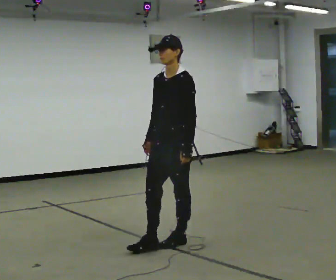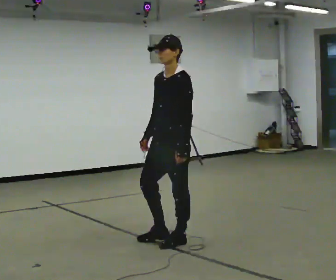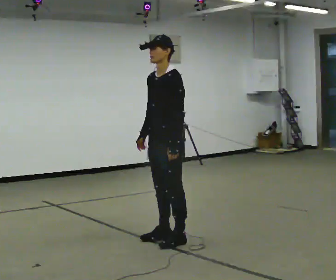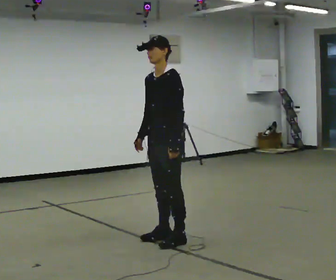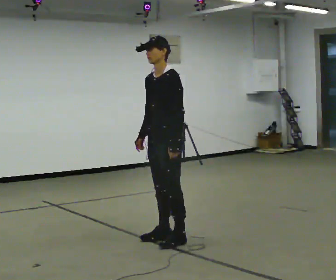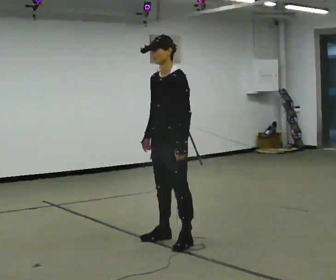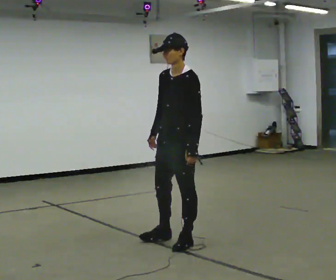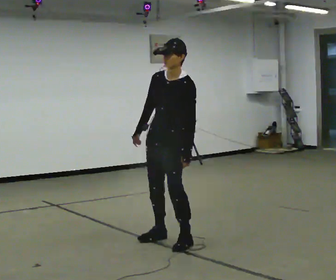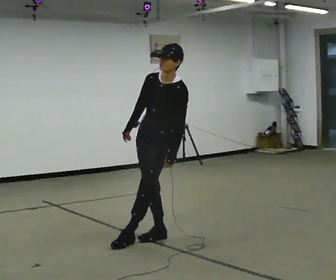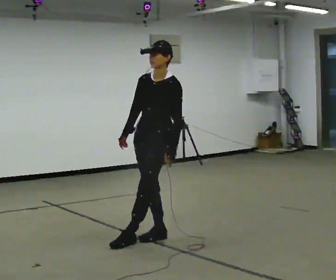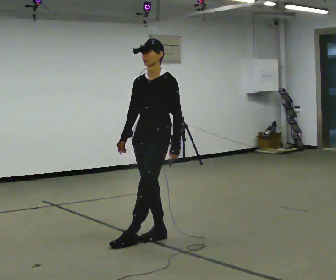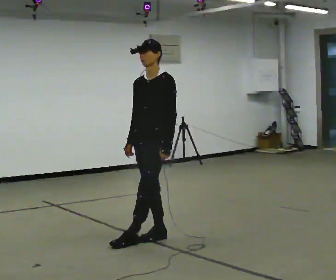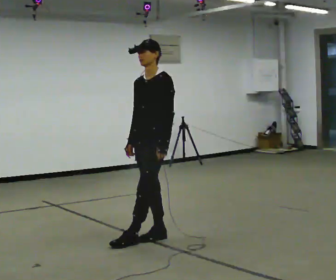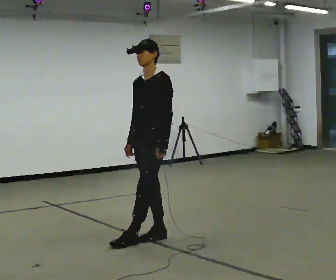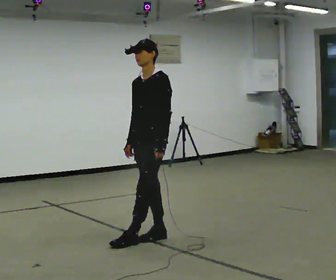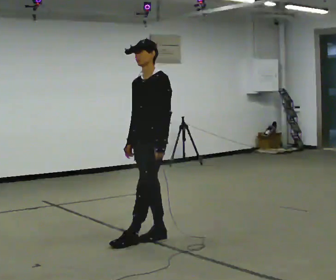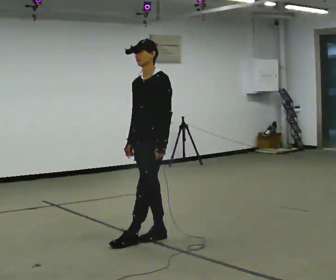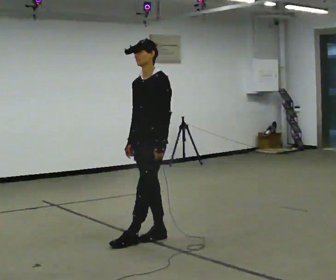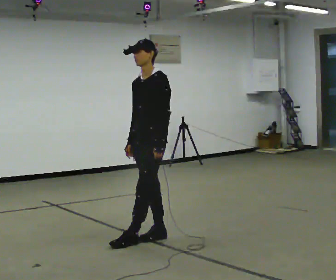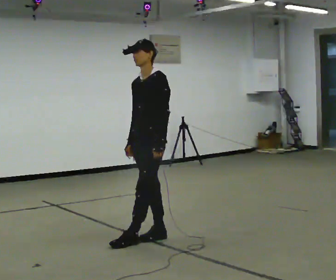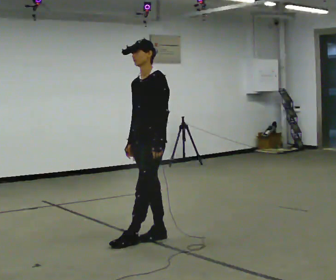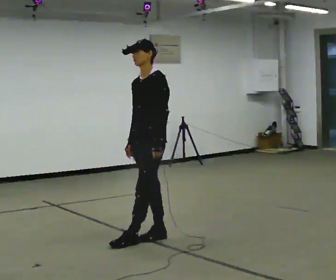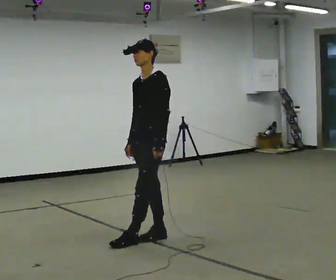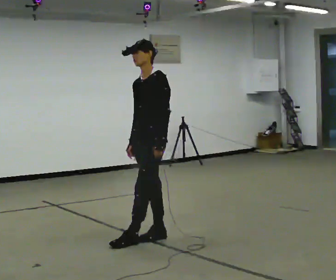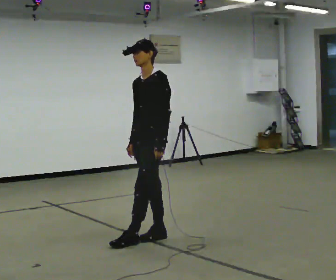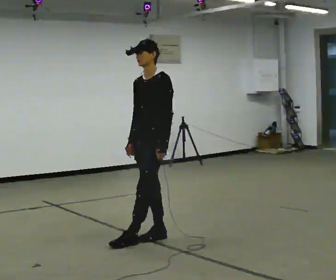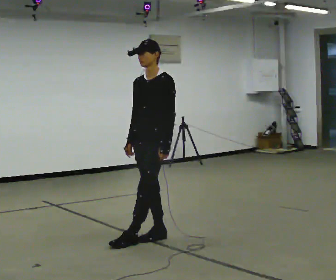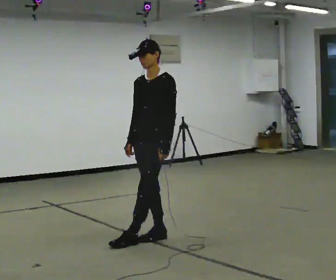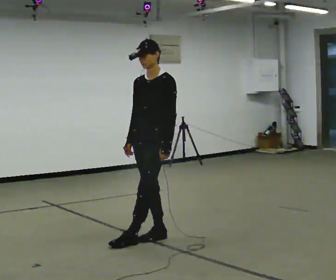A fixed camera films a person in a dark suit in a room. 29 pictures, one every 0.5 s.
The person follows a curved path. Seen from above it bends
counterclockwise.
0.0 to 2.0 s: In the picture they go away from the camera, about 0.25 m, which for them is to their right.
2.0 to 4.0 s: In the picture the upper body tilts clockwise, shoulders to the right.
4.0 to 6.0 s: The person moves a little, or ends about where they began.
6.0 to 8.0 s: The person keeps their place and pose.
8.0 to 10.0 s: The person moves a little, or ends about where they began.
10.0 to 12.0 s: The person keeps their place and pose.
12.0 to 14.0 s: The person moves a little, or ends about where they began.
The film runs backward here.
